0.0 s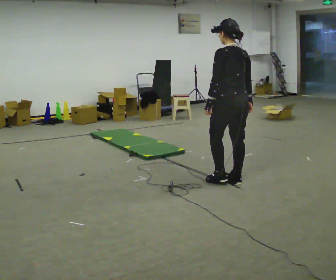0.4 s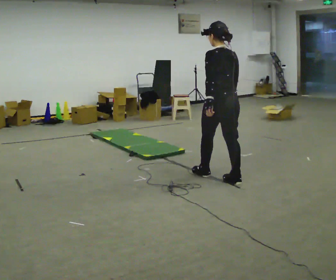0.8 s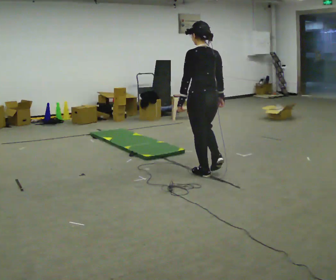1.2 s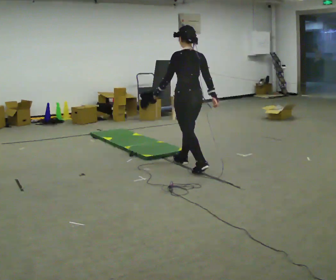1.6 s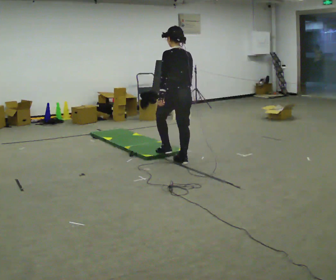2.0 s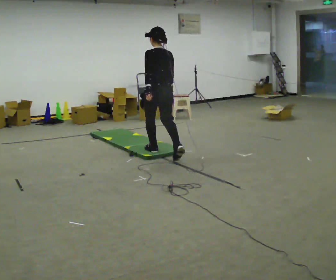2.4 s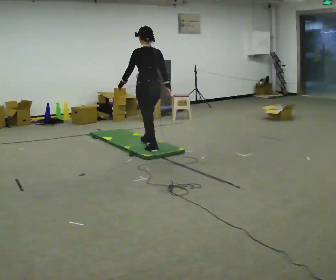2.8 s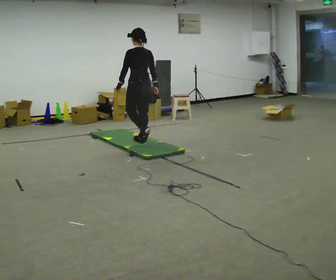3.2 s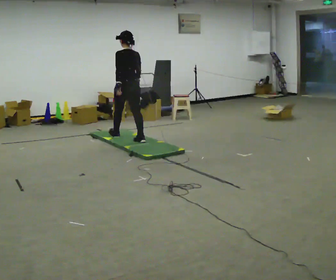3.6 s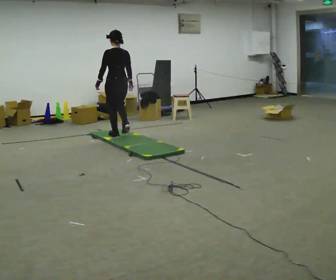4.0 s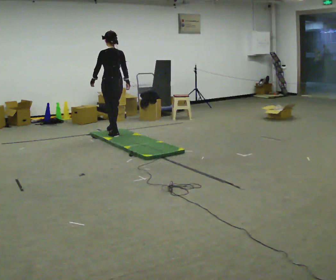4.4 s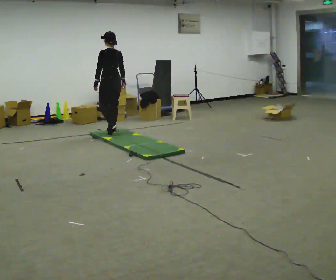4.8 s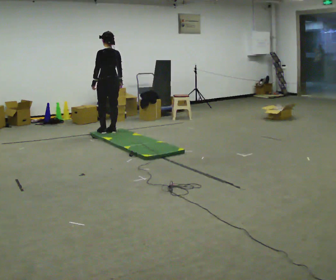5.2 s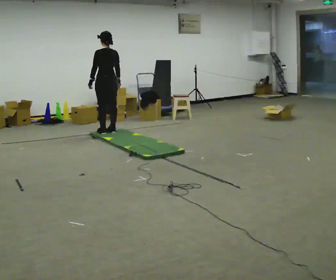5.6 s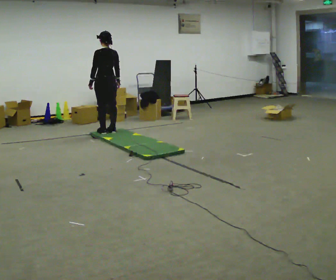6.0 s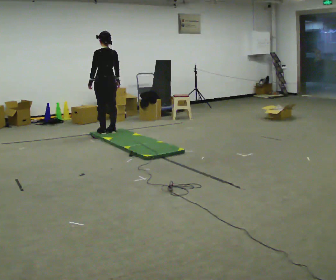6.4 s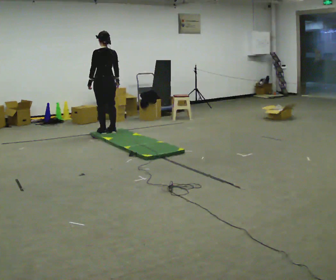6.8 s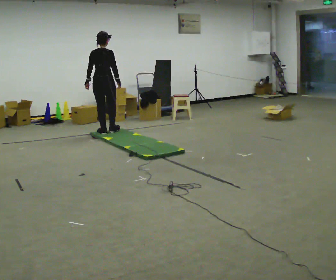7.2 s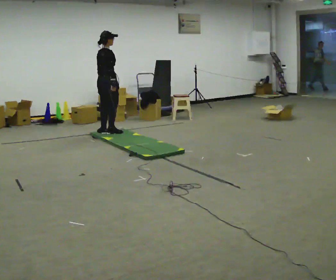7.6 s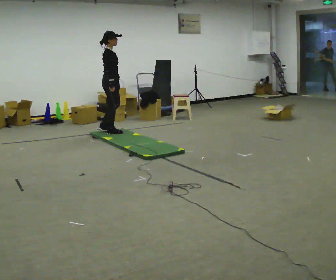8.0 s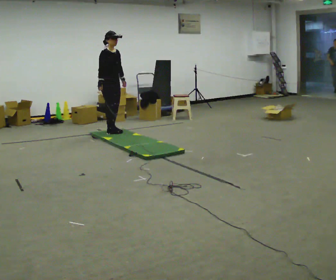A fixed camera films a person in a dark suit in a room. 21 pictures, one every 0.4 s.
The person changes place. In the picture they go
away from the camera.
0.0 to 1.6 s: In the picture they go away from the camera and to the left, about 1 m in 2 steps, which for them is forward.
1.6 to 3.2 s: In the picture they go away from the camera and to the left, about 1.5 m in 3 steps, which for them is forward.
3.2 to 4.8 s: In the picture they go away from the camera and to the left, about 0.5 m in 2 steps, which for them is forward.
4.8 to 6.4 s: The person moves a little, or ends about where they began.
6.4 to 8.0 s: The person turns about 150 degrees to their right, clockwise seen from above, so the part of the body nearest the lens slides to the left. In the picture their left hand goes to the right, the arm swinging counterclockwise.
The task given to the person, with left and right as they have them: Walk across the soft uneven mat at a comfortable speed; continue walking normally after you leave it.
The film runs forward here.
